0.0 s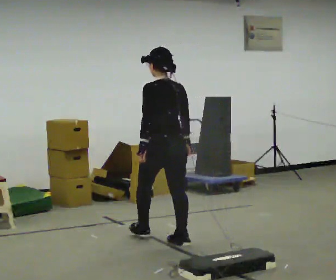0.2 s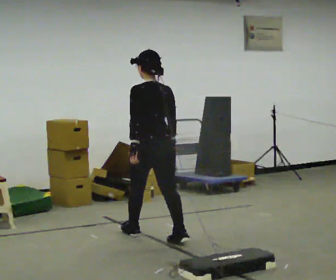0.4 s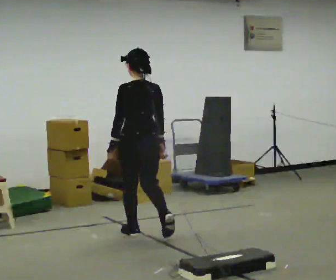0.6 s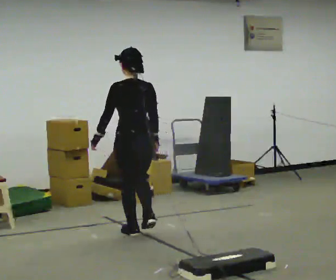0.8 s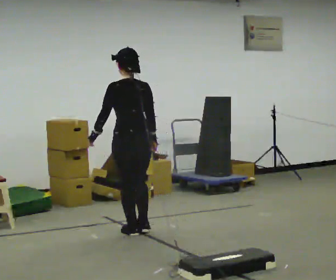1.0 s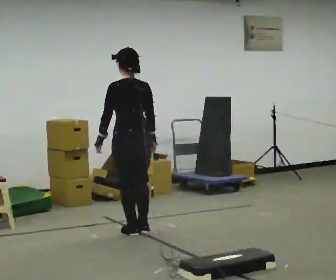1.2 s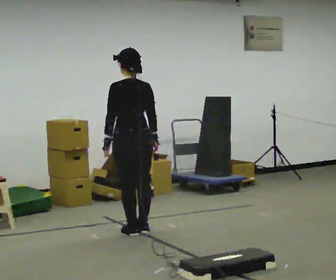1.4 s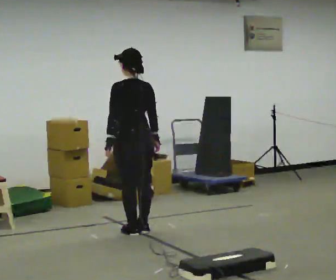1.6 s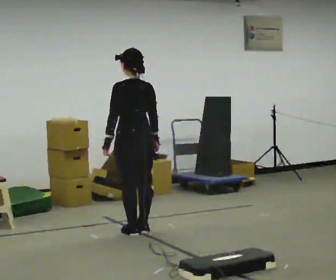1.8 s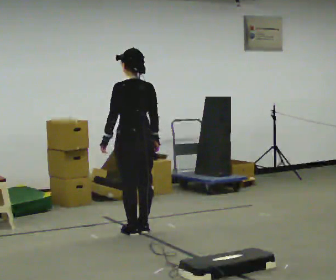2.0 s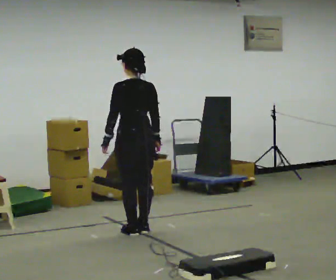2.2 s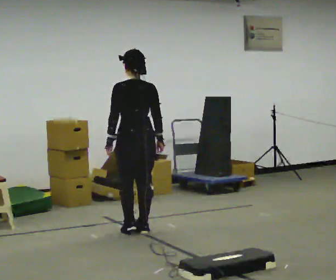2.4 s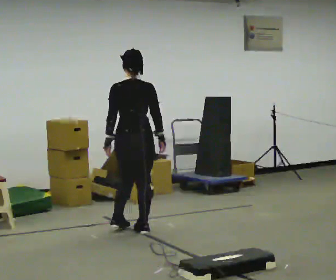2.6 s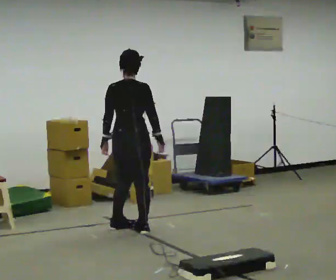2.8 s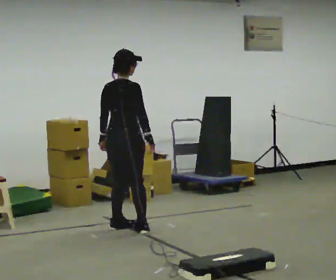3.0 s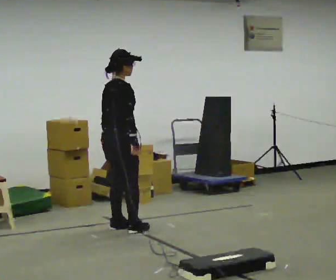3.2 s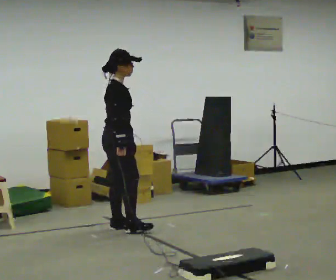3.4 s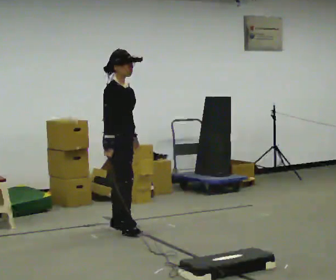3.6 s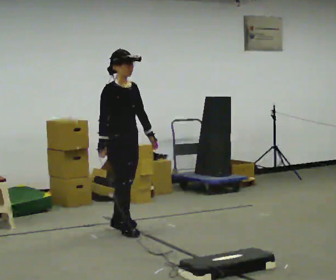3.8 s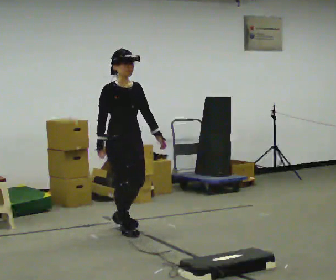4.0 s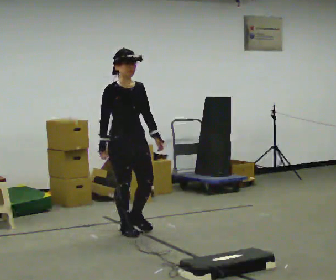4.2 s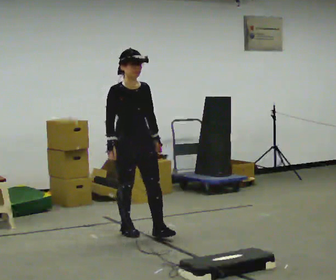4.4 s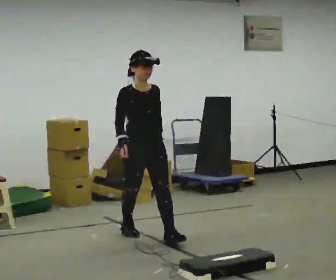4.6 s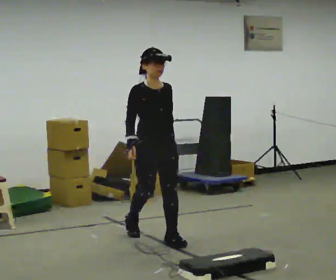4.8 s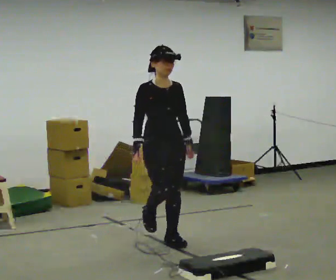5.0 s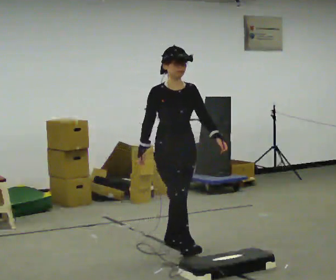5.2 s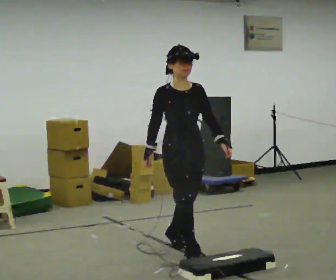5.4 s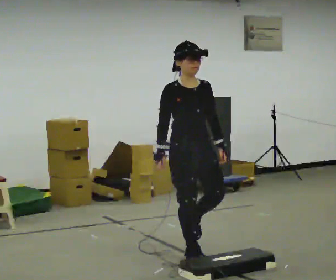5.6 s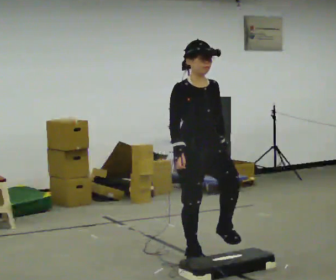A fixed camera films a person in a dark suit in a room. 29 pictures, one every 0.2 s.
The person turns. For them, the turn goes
to their right.
The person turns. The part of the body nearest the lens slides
to the left.
0.0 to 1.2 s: In the picture they go away from the camera, about 0.25 m in 1 step, which for them is forward.
1.2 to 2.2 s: The part of the body nearest the lens slides to the left as the person turns to their right by about 45 degrees.
2.2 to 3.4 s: Seen from above the body turns clockwise, about 120 degrees: to their right, with its near side sliding to the left. In the picture their left hand goes to the right, the arm swinging counterclockwise.
3.4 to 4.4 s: In the picture they go toward the camera and to the right, about 0.5 m in 1 step, which for them is forward.
4.4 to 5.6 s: In the picture they go toward the camera and to the right, about 1 m in 1 step, which for them is forward.
The film runs forward here.
